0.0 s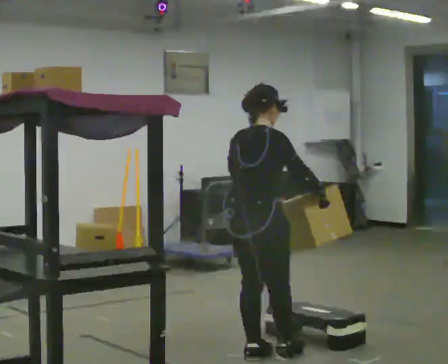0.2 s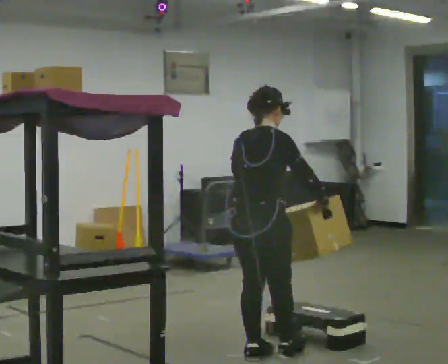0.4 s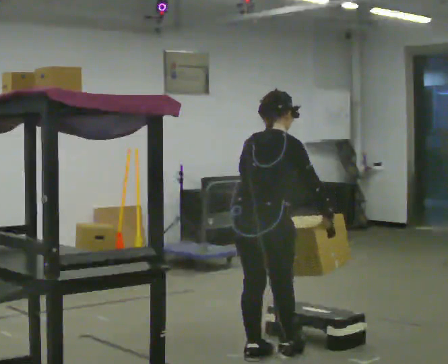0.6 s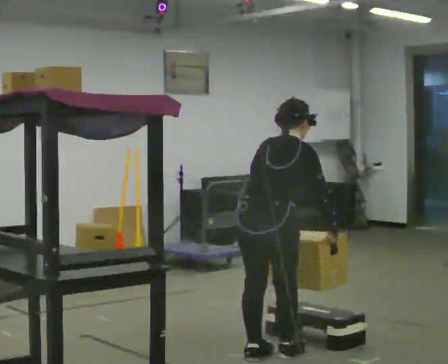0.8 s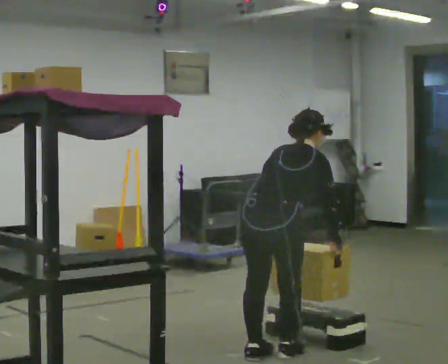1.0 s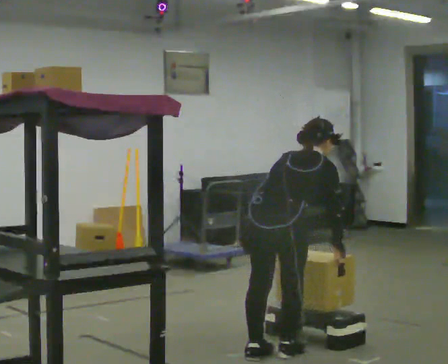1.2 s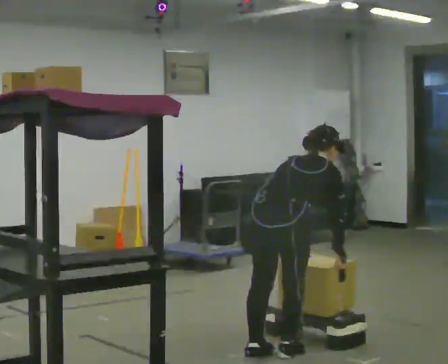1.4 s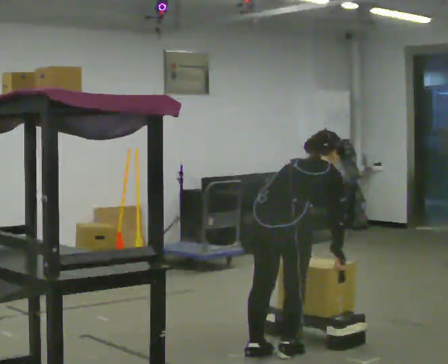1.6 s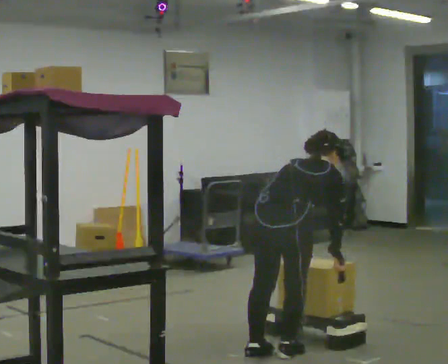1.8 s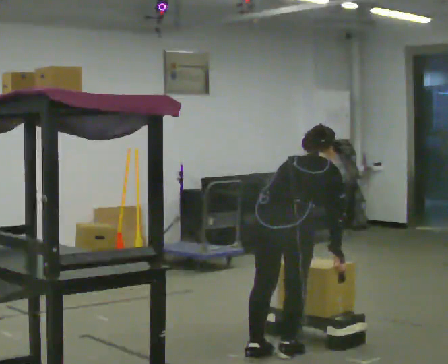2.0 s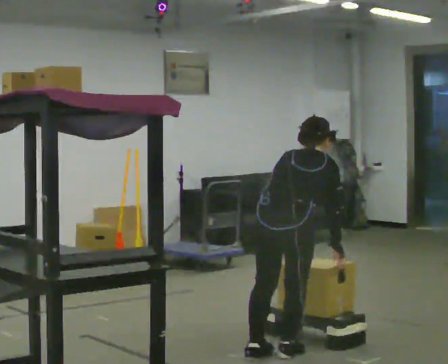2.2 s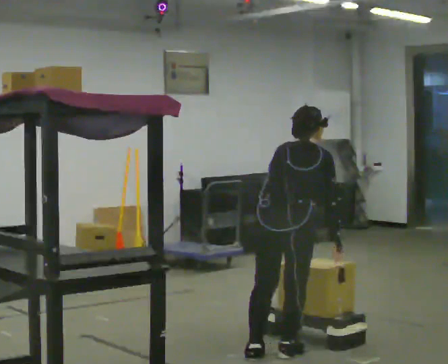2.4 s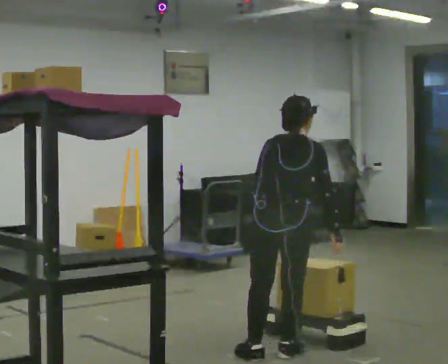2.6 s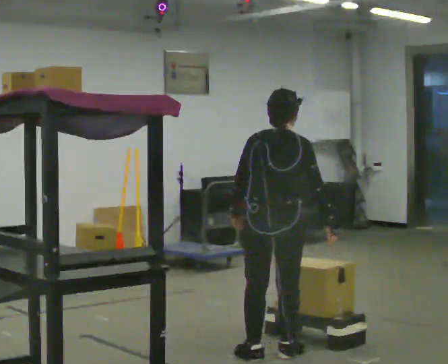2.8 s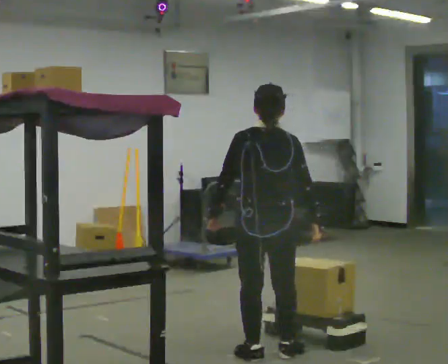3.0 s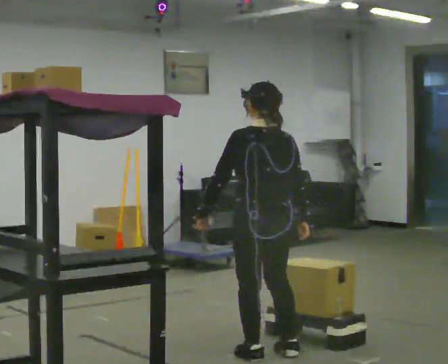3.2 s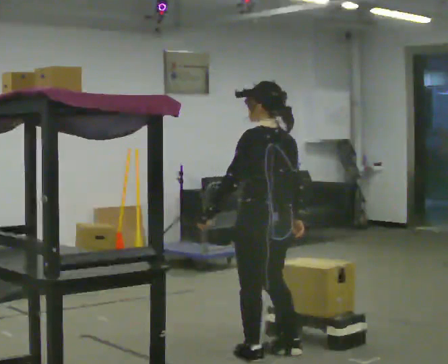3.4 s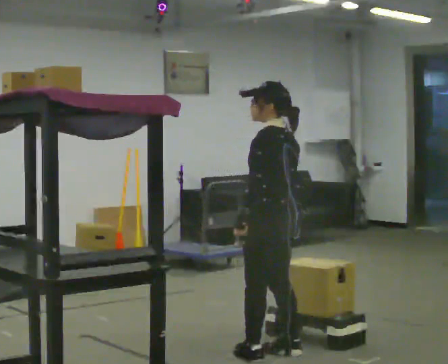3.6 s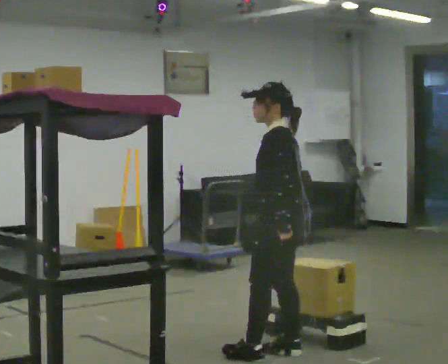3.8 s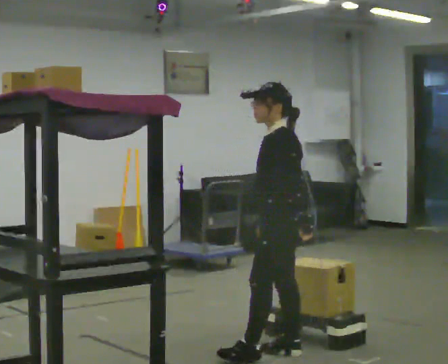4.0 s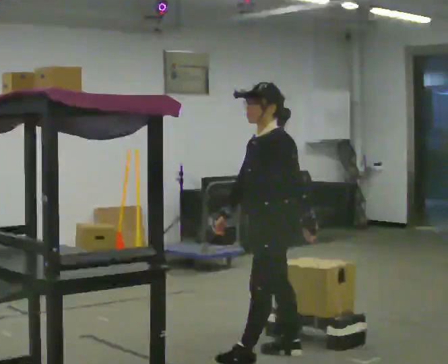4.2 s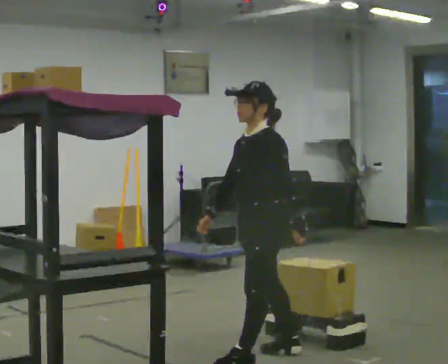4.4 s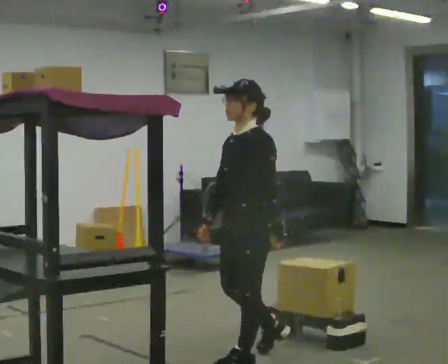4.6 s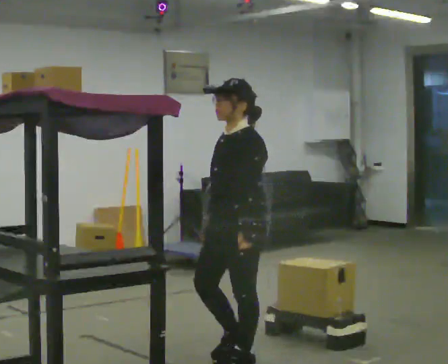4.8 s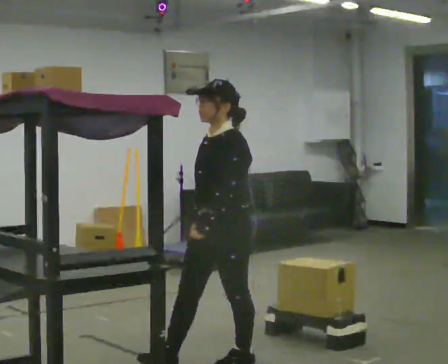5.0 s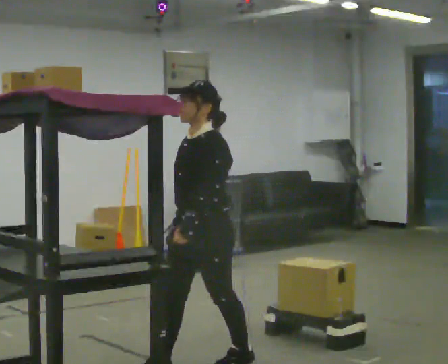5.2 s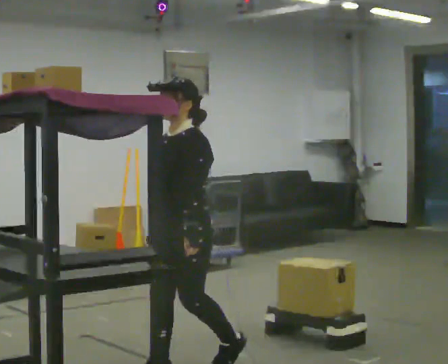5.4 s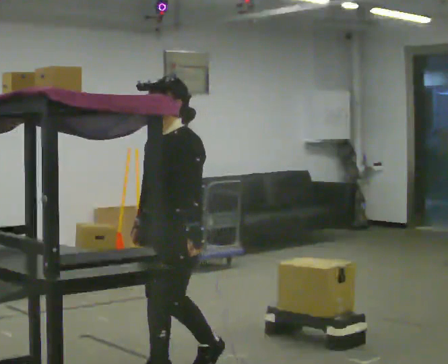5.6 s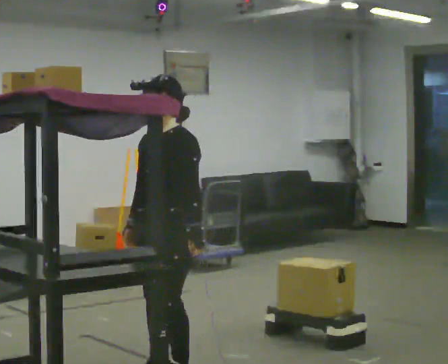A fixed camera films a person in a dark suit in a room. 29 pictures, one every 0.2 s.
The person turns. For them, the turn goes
to their left.
The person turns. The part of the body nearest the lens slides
to the right.
0.0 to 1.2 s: In the picture they go to the right, about 0.25 m in 1 step. The upper body goes downward. In the picture the upper body tilts clockwise, shoulders to the right, as they bend forward. In the picture their right hand goes downward.
1.2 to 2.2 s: In the picture the upper body tilts counterclockwise, shoulders to the left, as they lean back or straighten.
2.2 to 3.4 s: Seen from above the body turns counterclockwise, about 75 degrees: to their left, with its near side sliding to the right. The upper body tips toward the camera, its near side rolling downward, as they lean back or straighten.
3.4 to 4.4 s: Seen from above the body turns counterclockwise, about 60 degrees: to their left, with its near side sliding to the right. In the picture they go to the left, about 0.25 m, which for them is forward and to their left. In the picture their right hand goes to the left.
4.4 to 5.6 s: In the picture they go to the left and toward the camera, about 0.5 m in 2 steps, which for them is forward.
The film runs forward here.
